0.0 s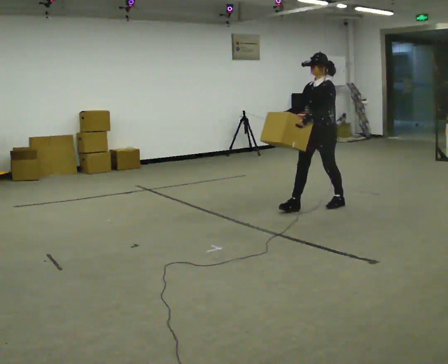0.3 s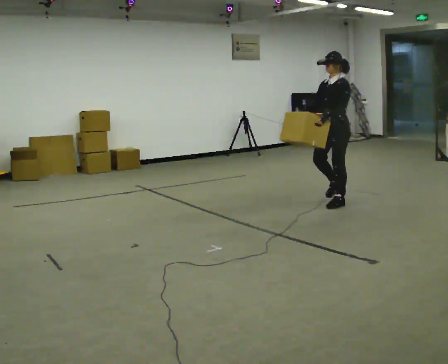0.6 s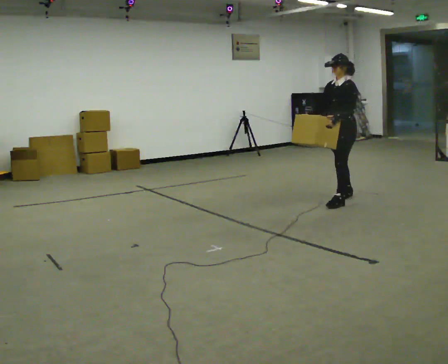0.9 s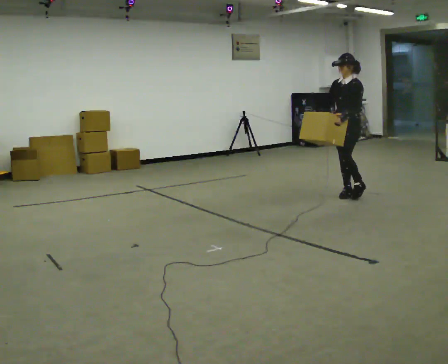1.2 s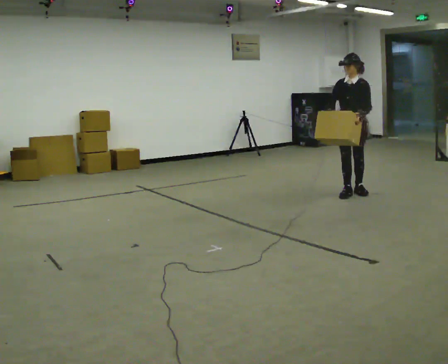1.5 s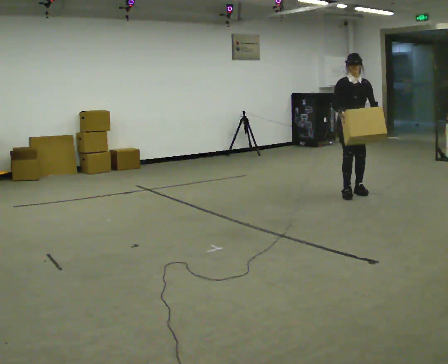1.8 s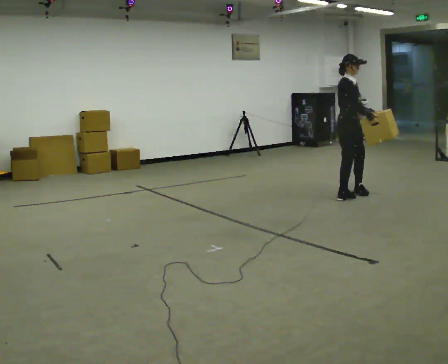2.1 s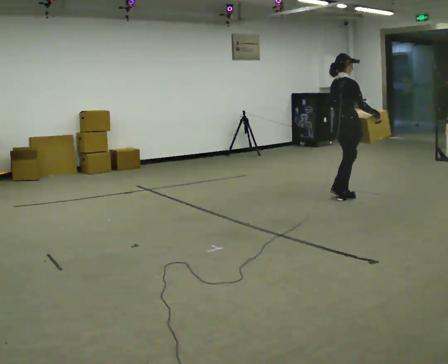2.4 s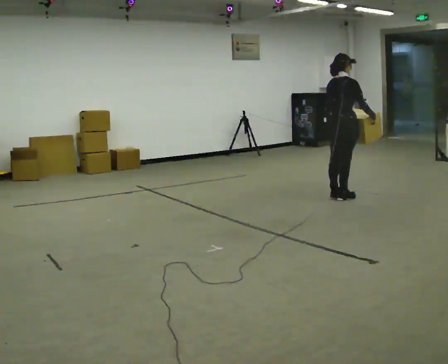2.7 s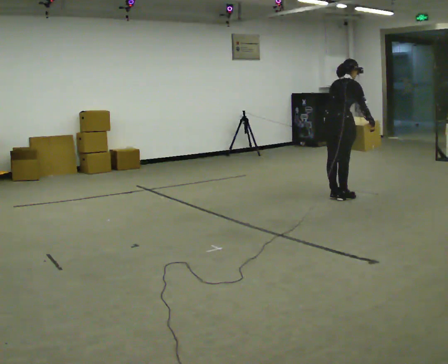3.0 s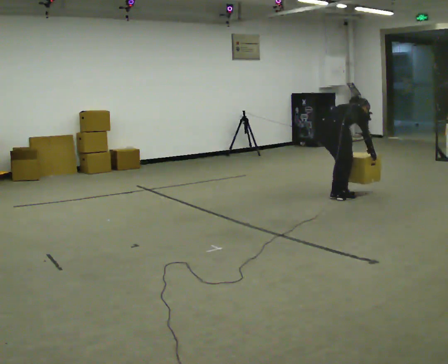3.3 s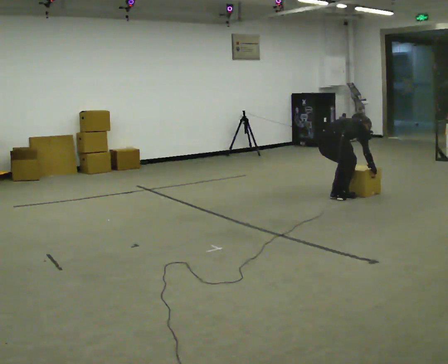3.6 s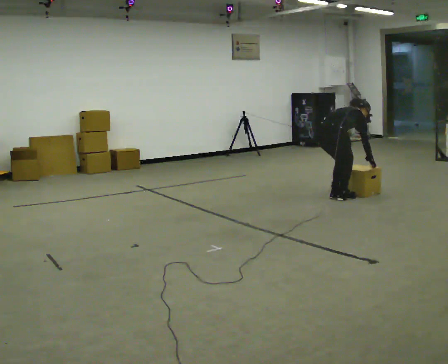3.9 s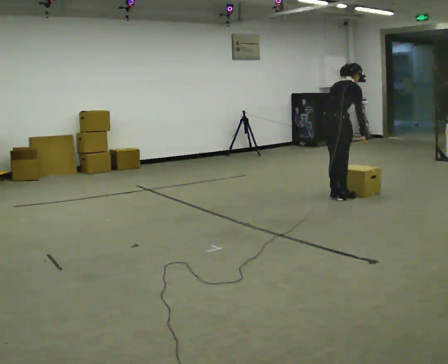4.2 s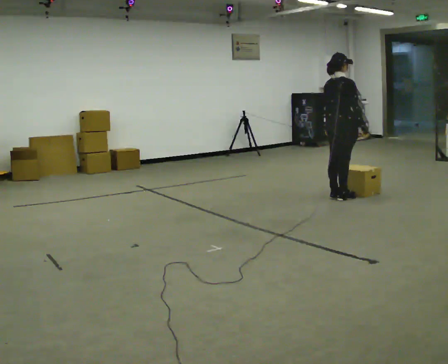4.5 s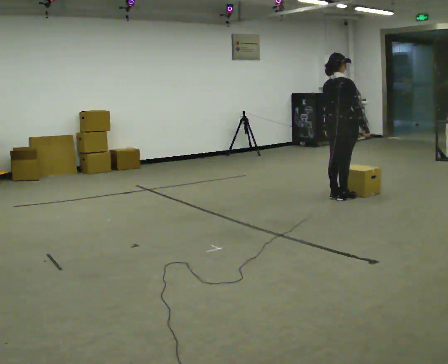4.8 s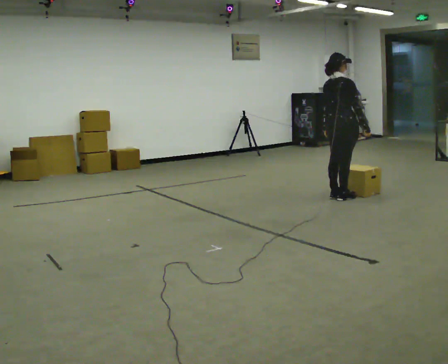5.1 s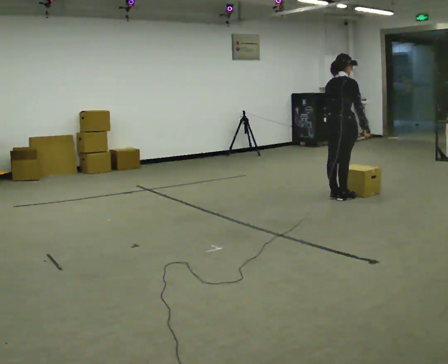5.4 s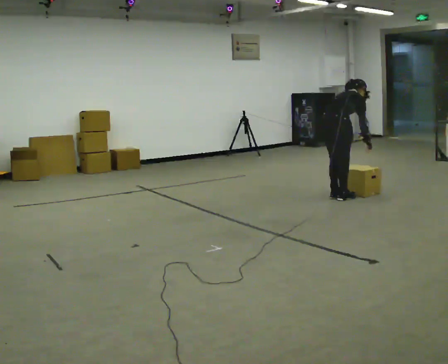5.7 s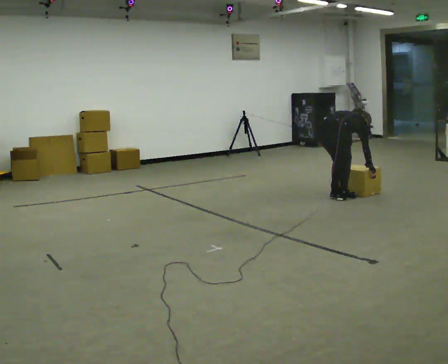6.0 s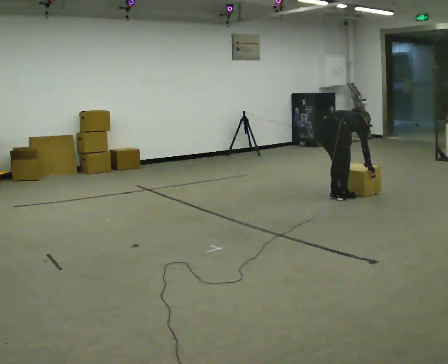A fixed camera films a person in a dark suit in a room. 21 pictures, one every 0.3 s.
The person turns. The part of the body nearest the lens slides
to the right.
The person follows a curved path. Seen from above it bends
counterclockwise.
0.0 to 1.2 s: In the picture they go away from the camera and to the right, about 0.75 m in 1 step, which for them is backward.
1.2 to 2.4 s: The person turns about 165 degrees to their left, counterclockwise seen from above, so the part of the body nearest the lens slides to the right. In the picture they go toward the camera, about 0.25 m in 2 steps. In the picture their right hand goes to the right.
2.4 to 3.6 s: The upper body tips away from the camera, its near side rolling upward, as they bend forward. In the picture their left hand goes downward.
3.6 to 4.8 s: The shoulders move upward. The upper body tips toward the camera, its near side rolling downward, as they lean back or straighten. In the picture their right hand goes upward.
4.8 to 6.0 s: The upper body goes downward. The upper body tips away from the camera, its near side rolling upward, as they bend forward. In the picture their right hand goes downward.
The film runs backward here.
